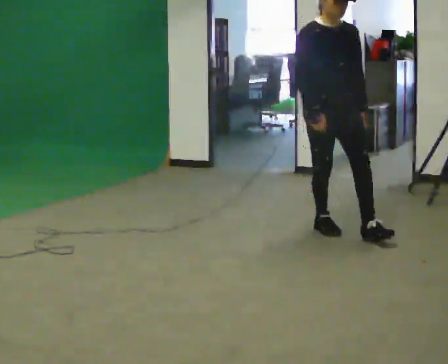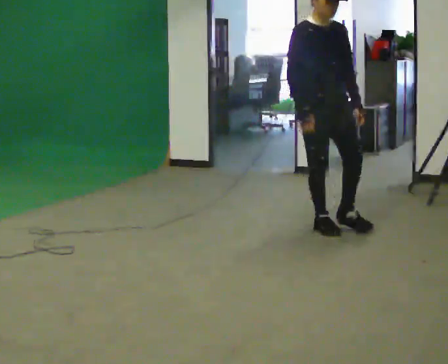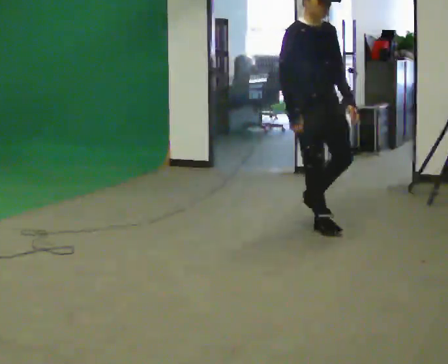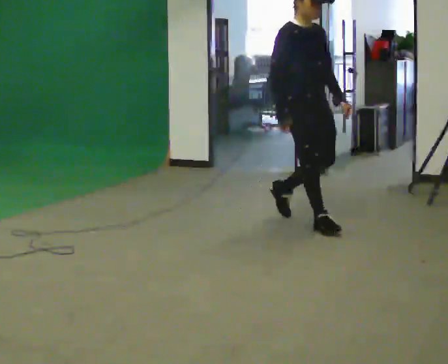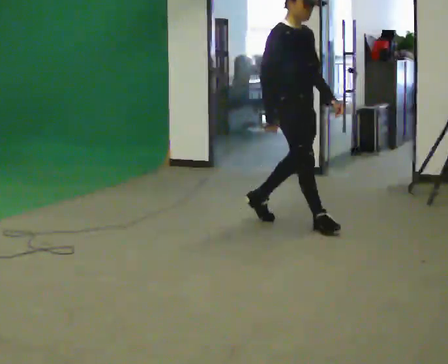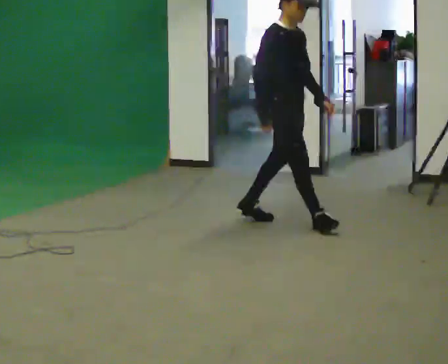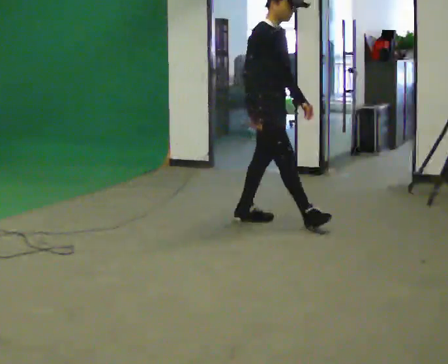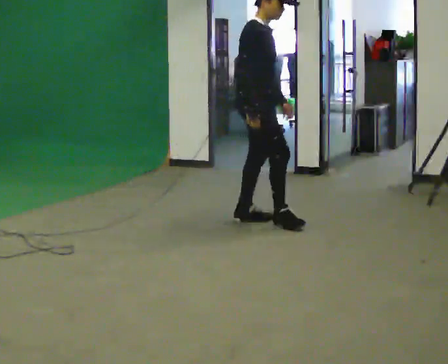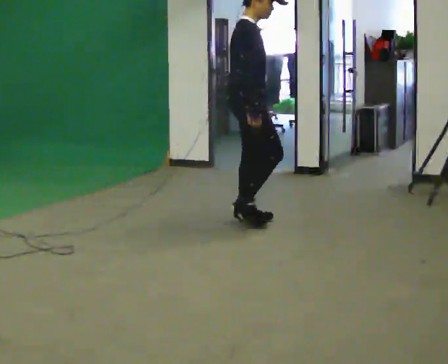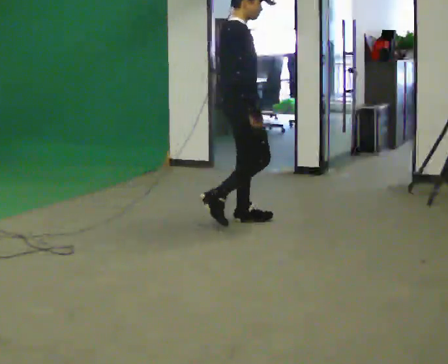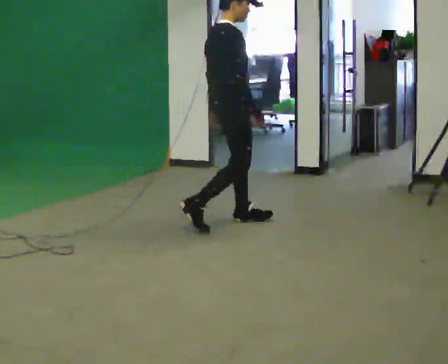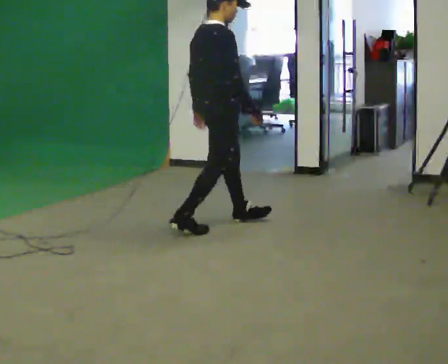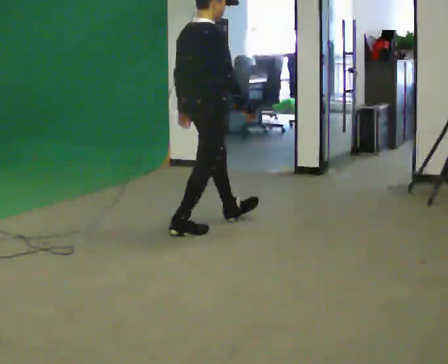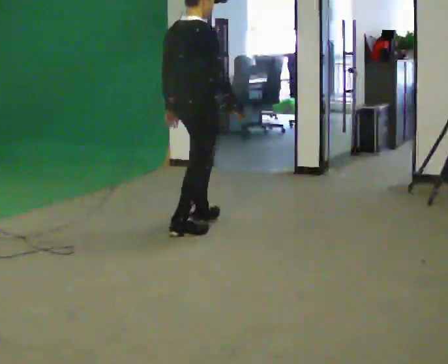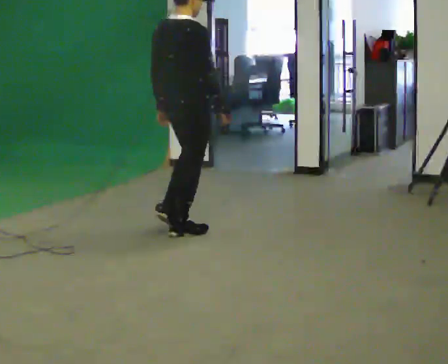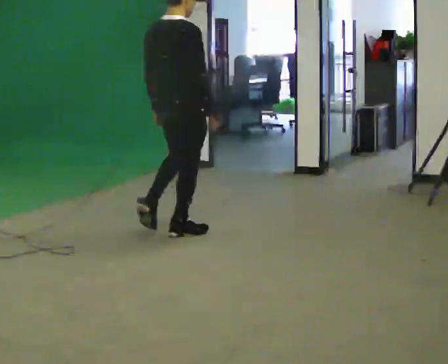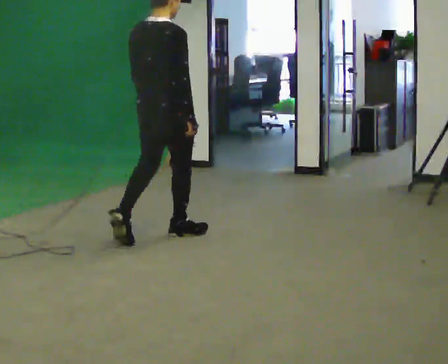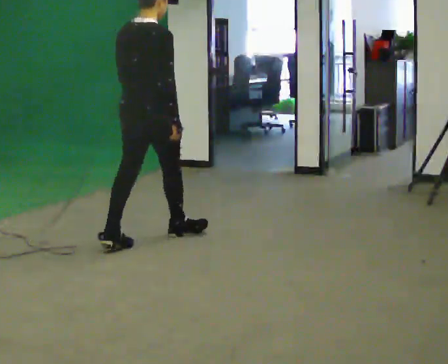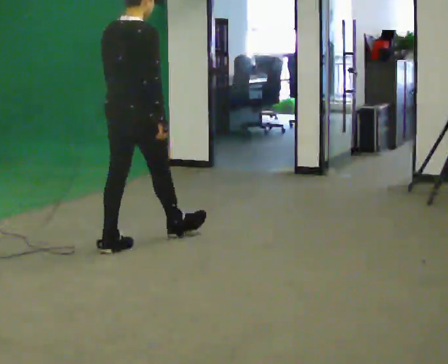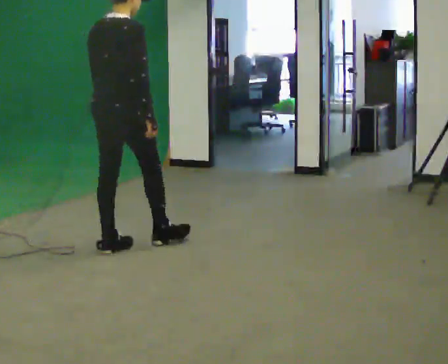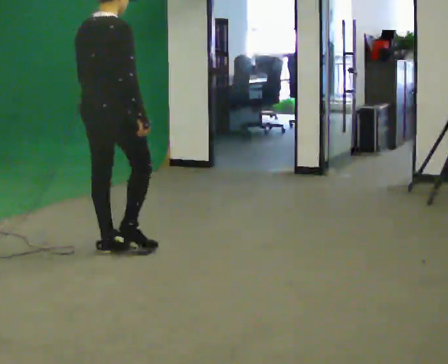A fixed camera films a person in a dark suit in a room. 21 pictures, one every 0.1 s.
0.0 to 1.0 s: Seen from above the body turns counterclockwise, about 90 degrees: to their left, with its near side sliding to the right. In the picture they go to the left and away from the camera, about 0.5 m in 1 step.
1.0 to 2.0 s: Seen from above the body turns counterclockwise, about 45 degrees: to their left, with its near side sliding to the right. In the picture they go to the left and toward the camera, about 1 m in 2 steps, which for them is backward.
The film runs backward here.
